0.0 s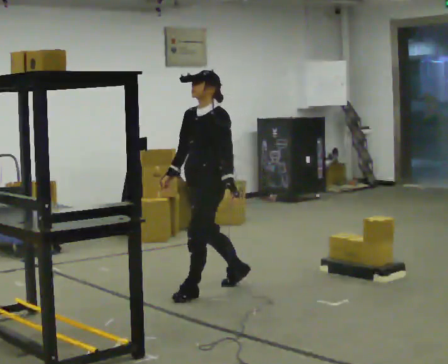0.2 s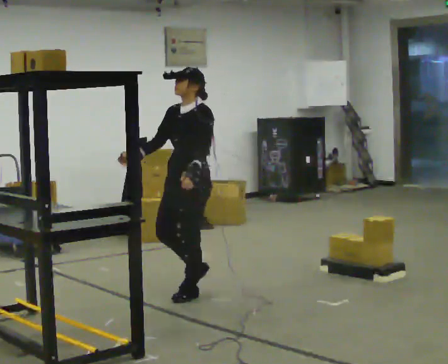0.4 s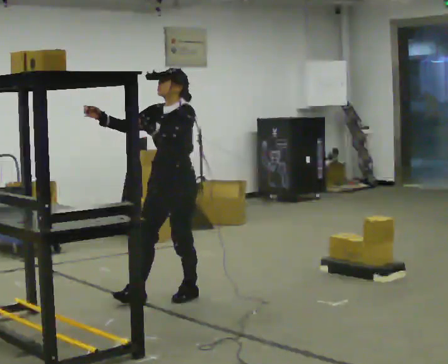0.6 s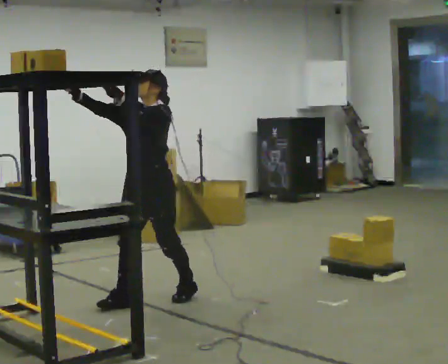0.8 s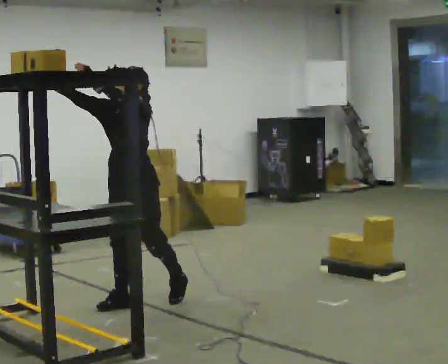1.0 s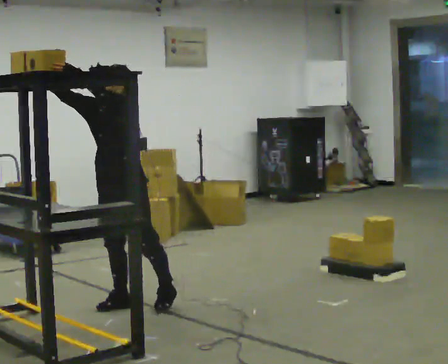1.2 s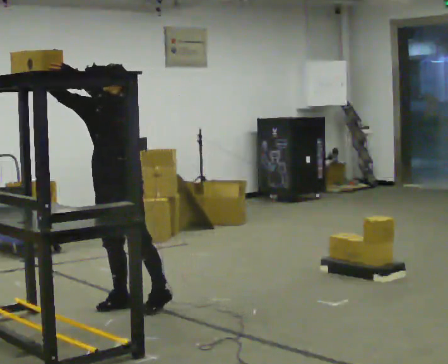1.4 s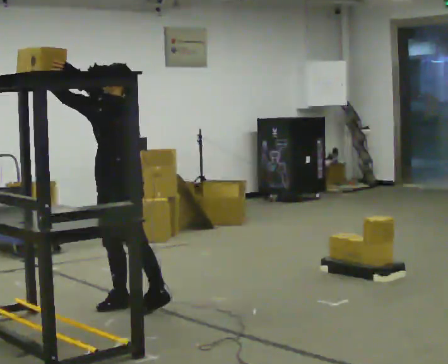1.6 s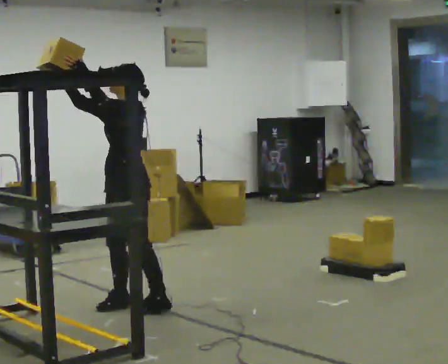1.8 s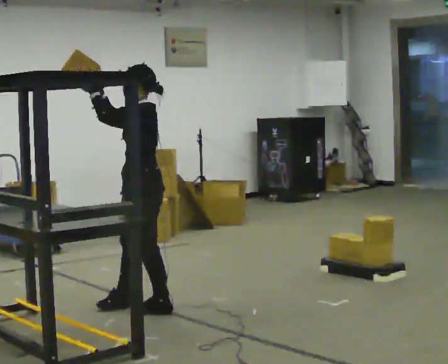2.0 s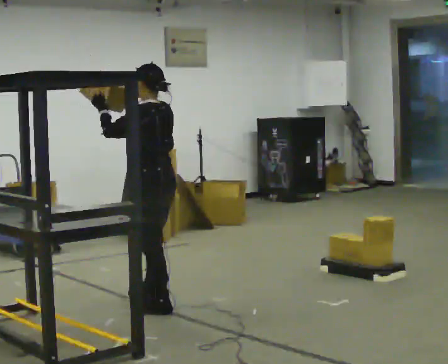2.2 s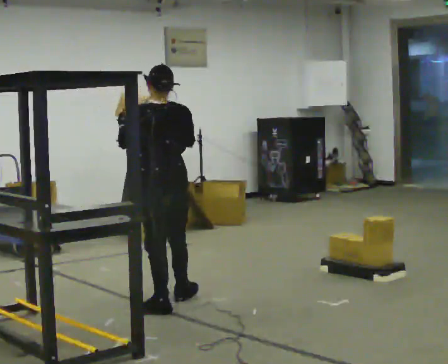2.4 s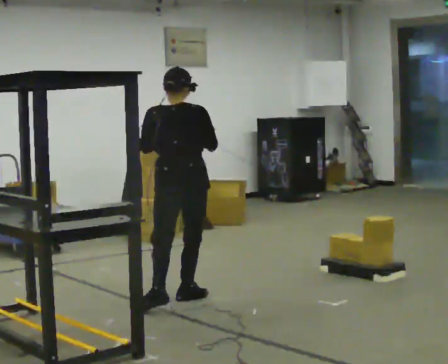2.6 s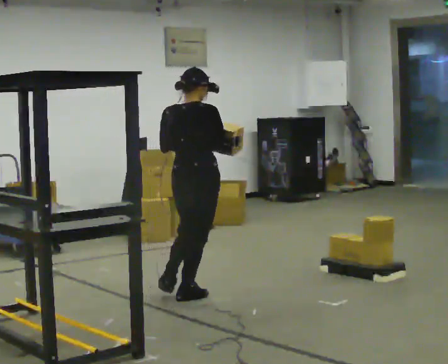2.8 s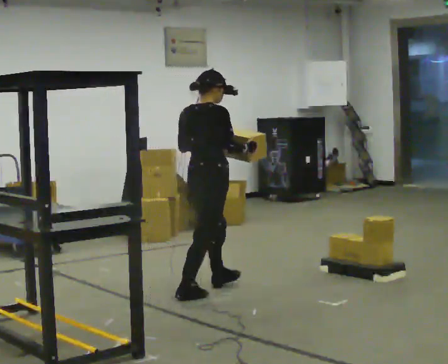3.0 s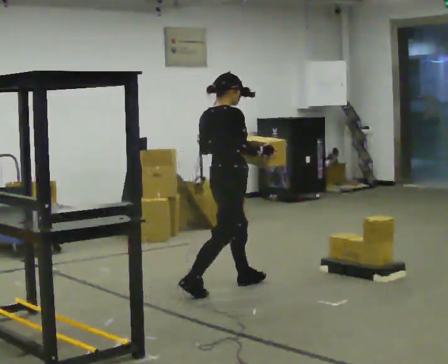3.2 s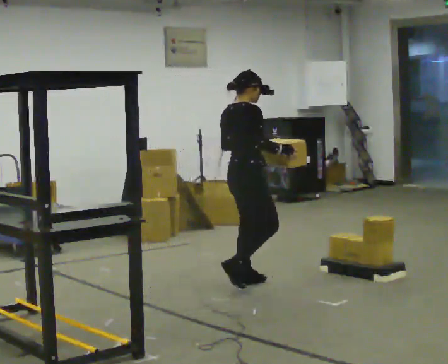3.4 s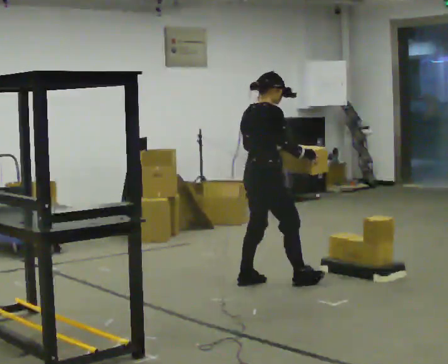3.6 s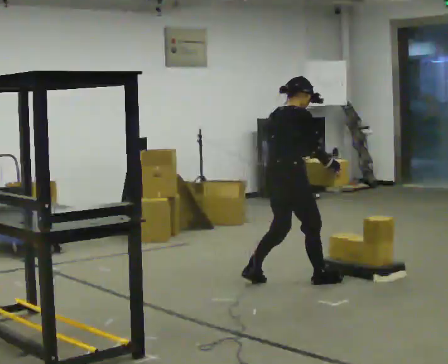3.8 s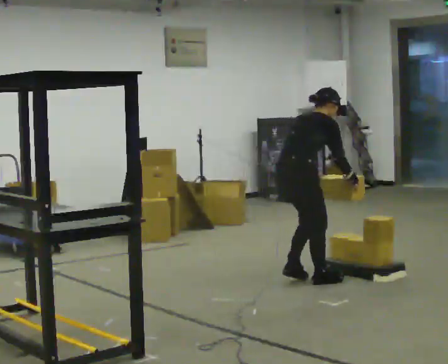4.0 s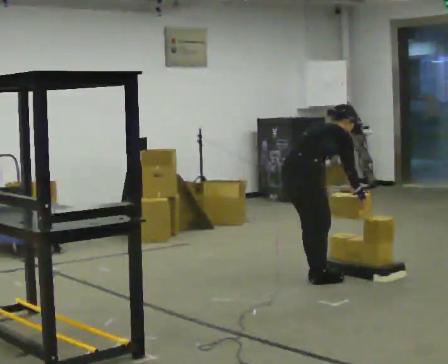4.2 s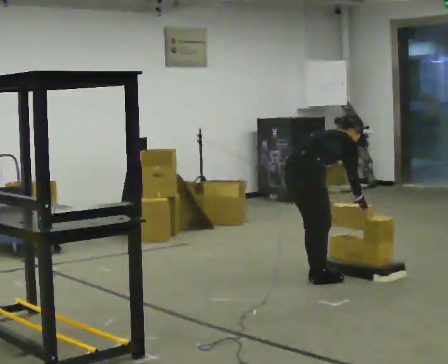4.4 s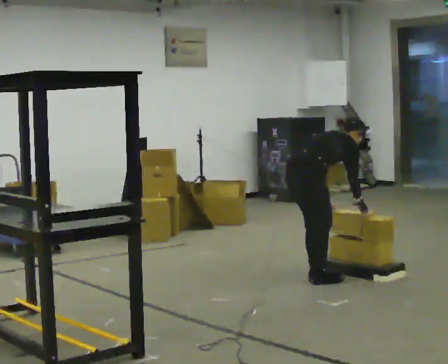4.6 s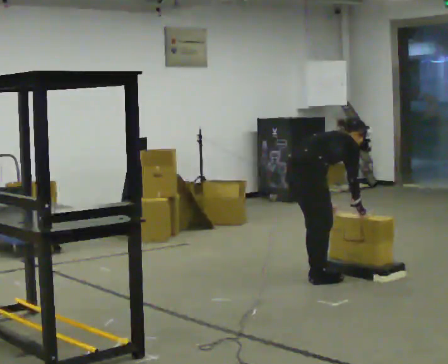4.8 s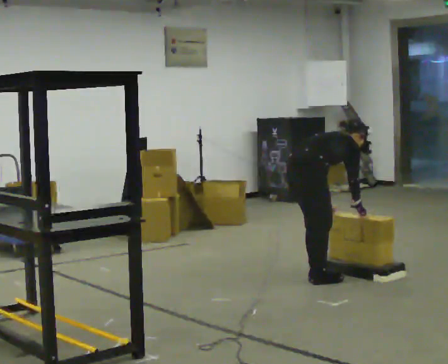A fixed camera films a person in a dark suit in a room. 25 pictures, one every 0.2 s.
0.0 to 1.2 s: In the picture they go to the left and toward the camera, about 0.75 m in 2 steps, which for them is forward. In the picture their left hand goes upward.
1.2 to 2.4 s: The part of the body nearest the lens slides to the left as the person turns to their right by about 135 degrees. In the picture they go to the right, about 0.5 m in 1 step. In the picture their right hand goes downward.
2.4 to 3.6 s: The part of the body nearest the lens slides to the left as the person turns to their right by about 60 degrees. In the picture they go to the right and away from the camera, about 1 m in 2 steps. In the picture the upper body tilts clockwise, shoulders to the right, as they bend forward.
3.6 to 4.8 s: In the picture they go to the right, about 0.25 m in 1 step, which for them is forward. The shoulders move downward. In the picture the upper body tilts clockwise, shoulders to the right, as they bend forward.
The film runs forward here.
